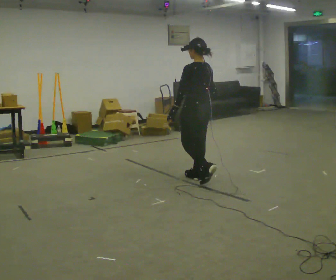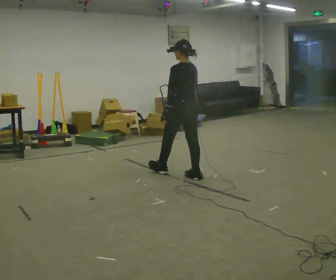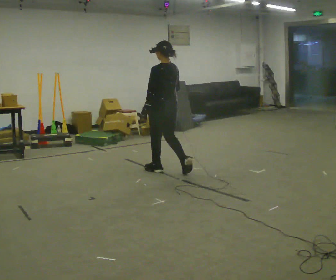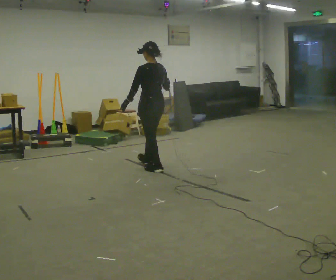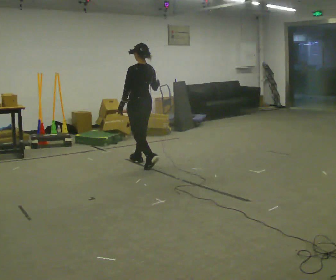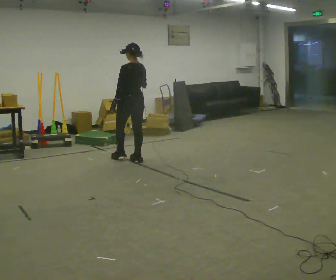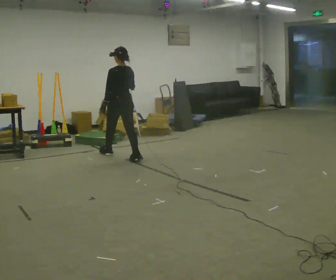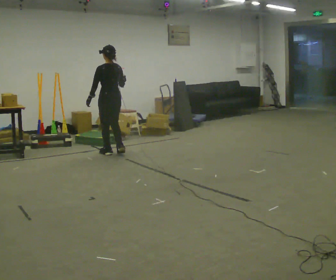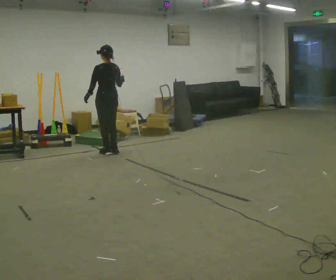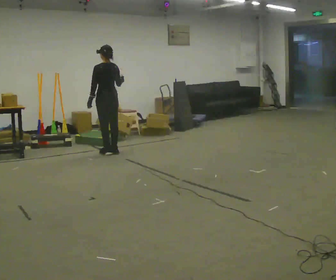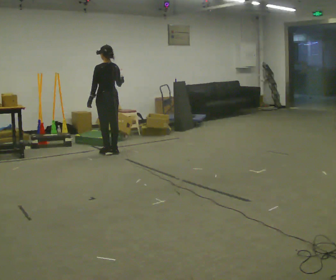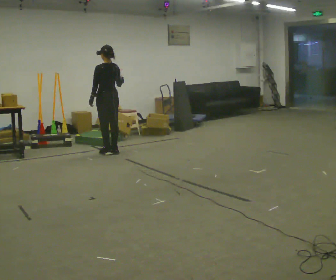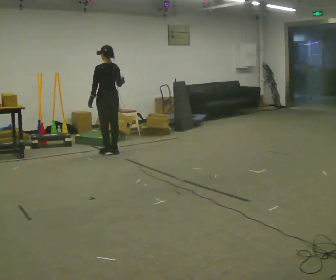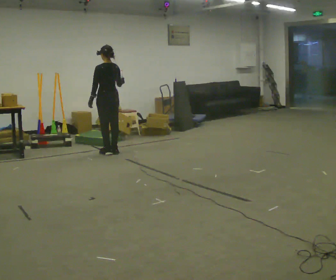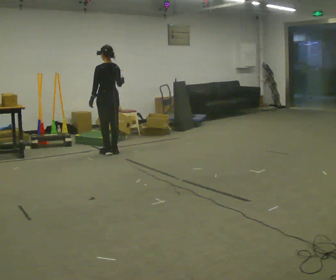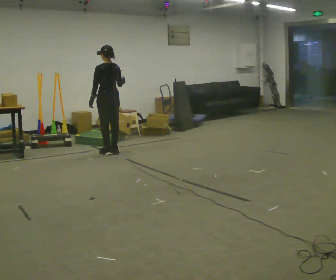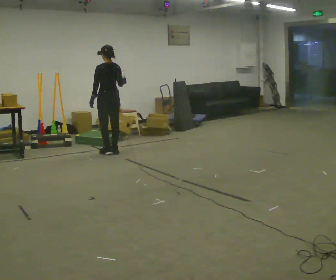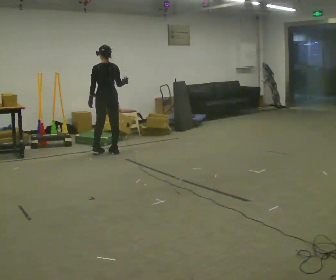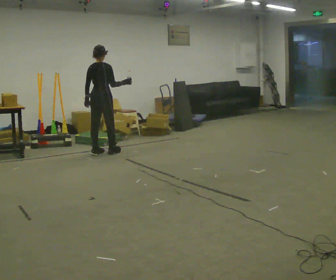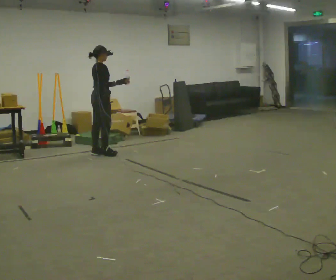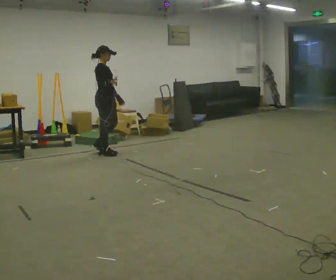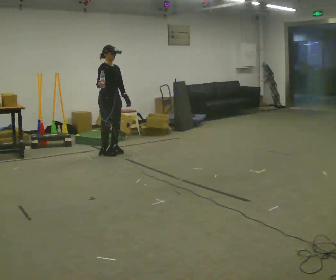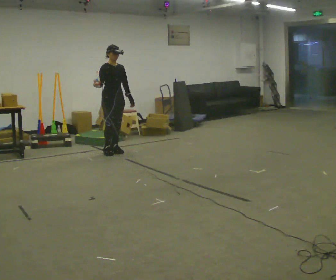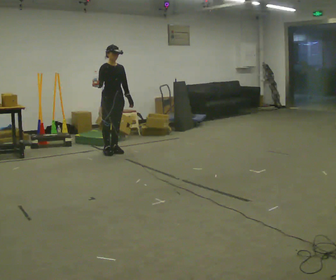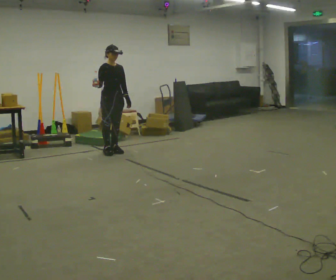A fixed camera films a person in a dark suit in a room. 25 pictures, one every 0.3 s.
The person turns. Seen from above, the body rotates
clockwise.
The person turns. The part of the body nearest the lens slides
to the left.
0.0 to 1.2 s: In the picture they go away from the camera and to the left, about 1 m in 2 steps, which for them is forward.
1.2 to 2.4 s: In the picture they go away from the camera and to the left, about 1 m in 2 steps, which for them is forward.
2.4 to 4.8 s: The person moves a little, or ends about where they began.
4.8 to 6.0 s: The person turns about 120 degrees to their right, clockwise seen from above, so the part of the body nearest the lens slides to the left.
6.0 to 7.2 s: The part of the body nearest the lens slides to the left as the person turns to their right by about 45 degrees.
The film runs forward here.
